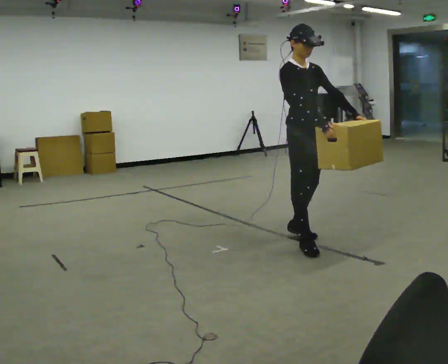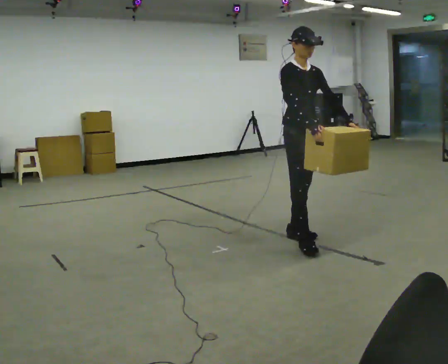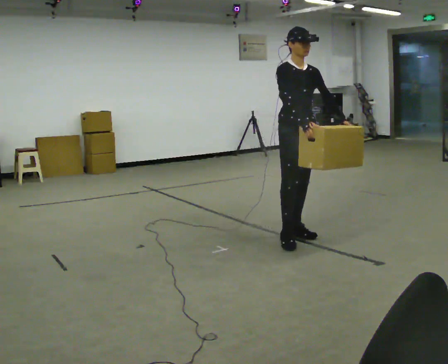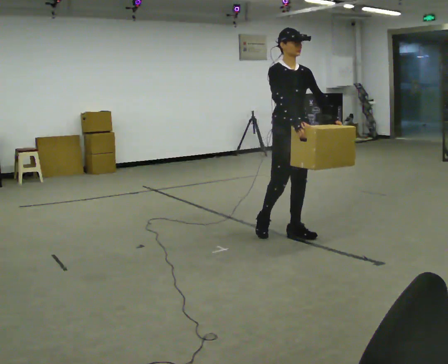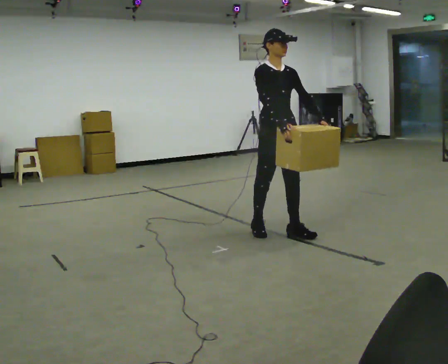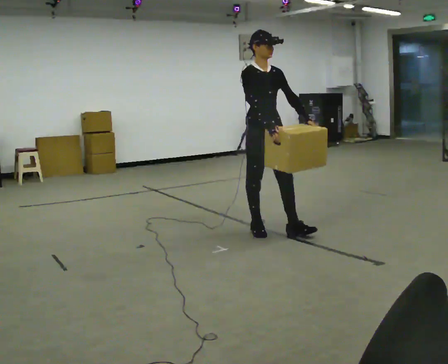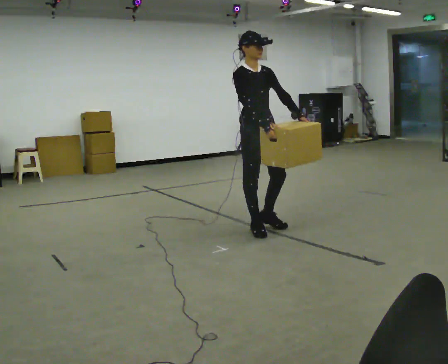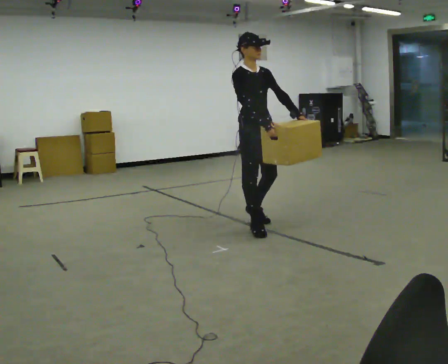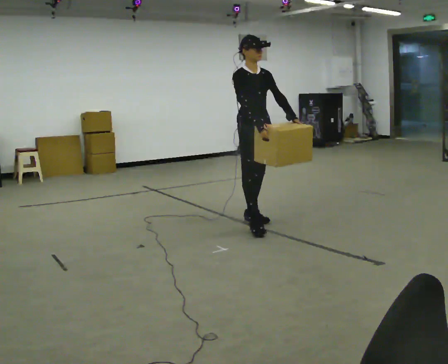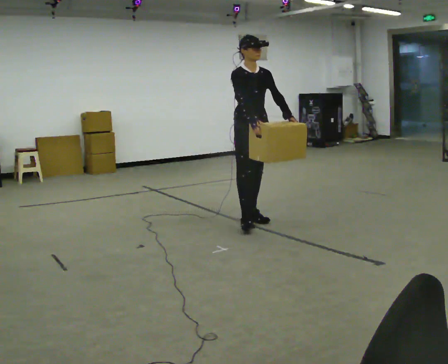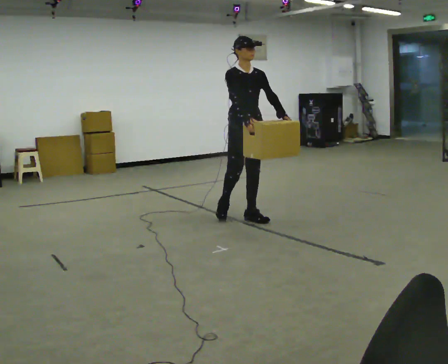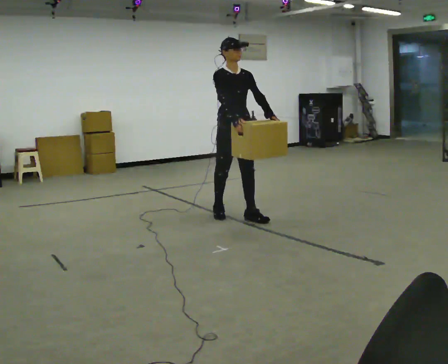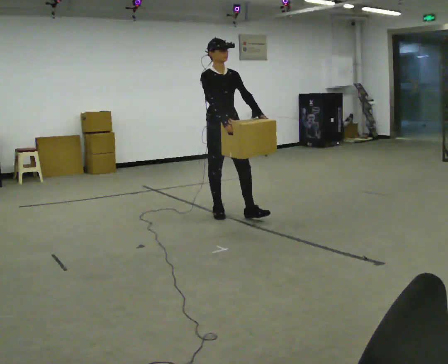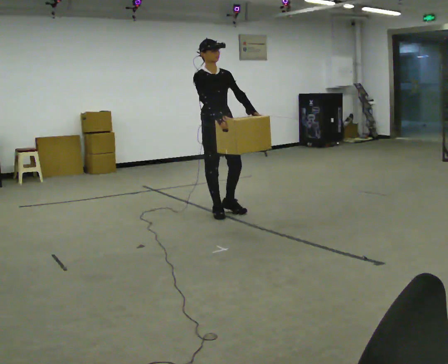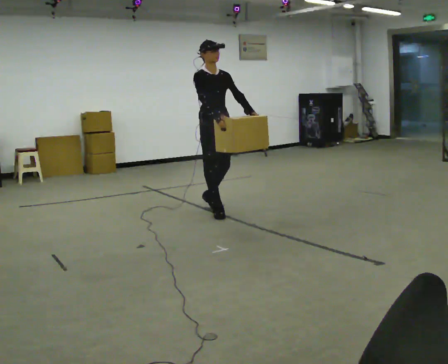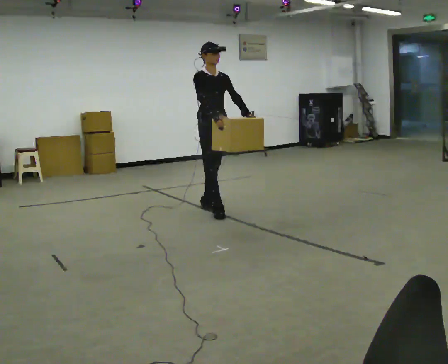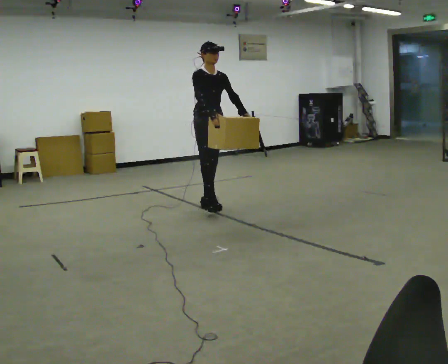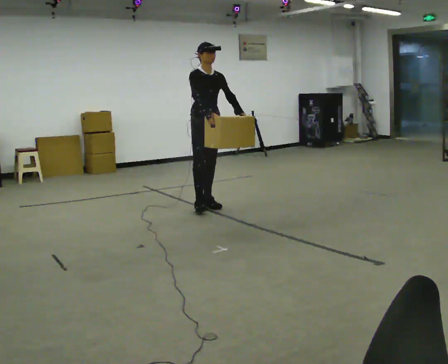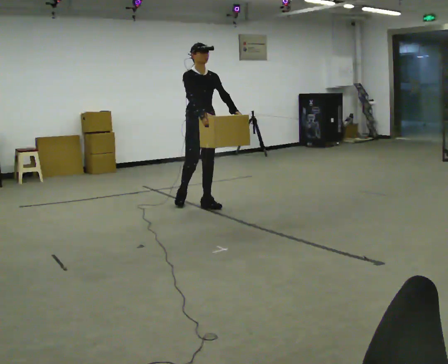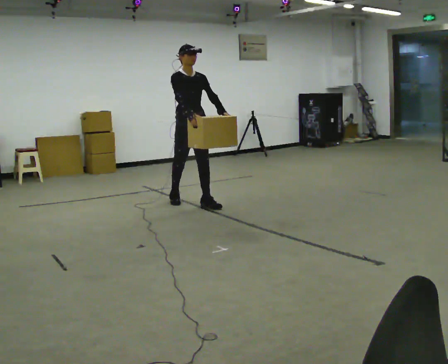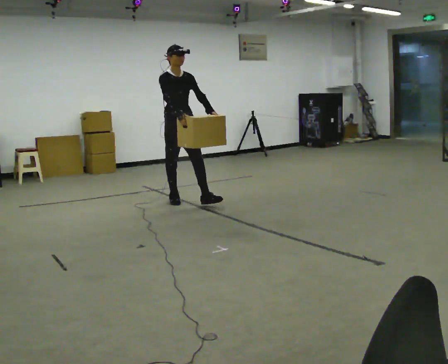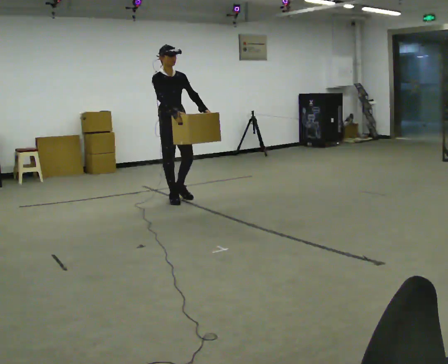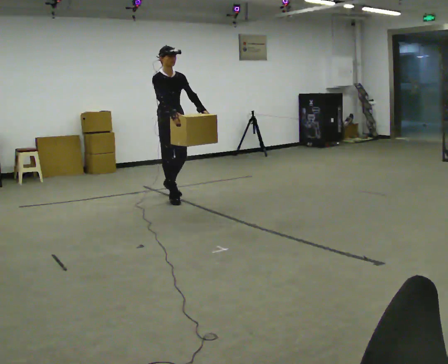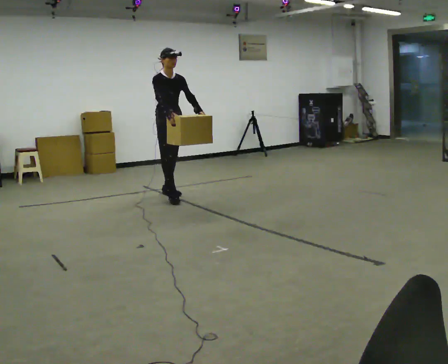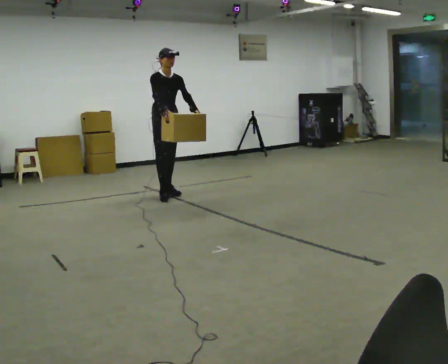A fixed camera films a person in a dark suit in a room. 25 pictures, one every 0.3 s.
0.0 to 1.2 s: In the picture they go away from the camera and to the left, about 0.25 m in 1 step, which for them is backward.
1.2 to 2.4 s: In the picture they go away from the camera and to the left, about 0.5 m in 1 step, which for them is backward.
2.4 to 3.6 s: In the picture they go away from the camera and to the left, about 0.5 m in 2 steps, which for them is backward.
3.6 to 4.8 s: In the picture they go away from the camera, about 0.5 m in 1 step, which for them is backward.
4.8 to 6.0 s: In the picture they go to the left and away from the camera, about 0.5 m in 1 step, which for them is backward and to their right.
6.0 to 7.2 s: In the picture they go away from the camera and to the left, about 0.5 m in 1 step, which for them is backward.
The film runs backward here.
